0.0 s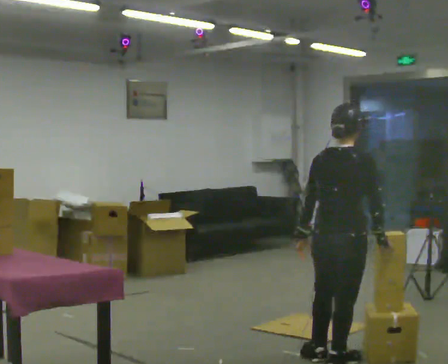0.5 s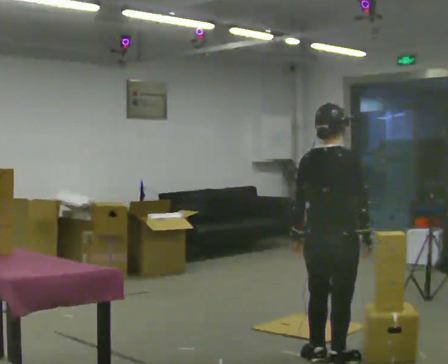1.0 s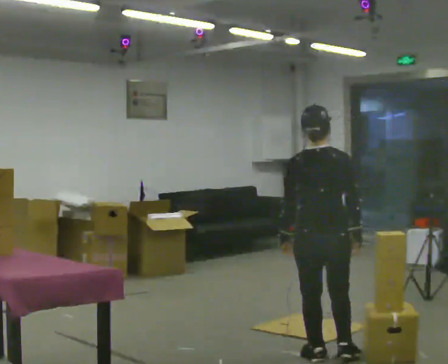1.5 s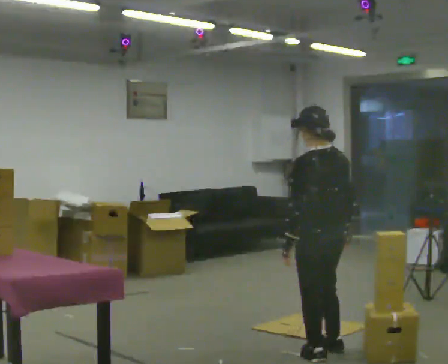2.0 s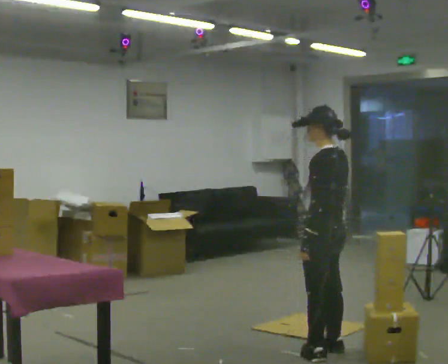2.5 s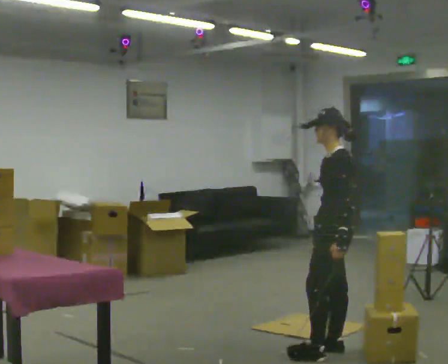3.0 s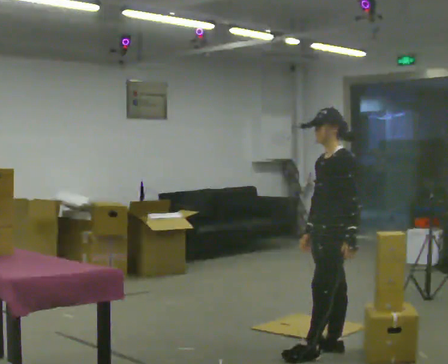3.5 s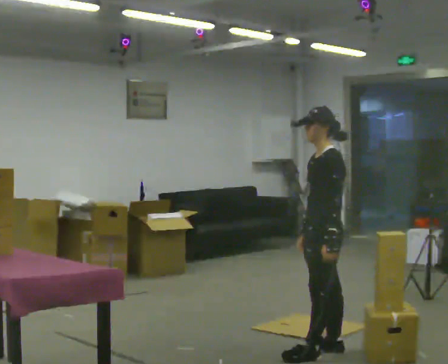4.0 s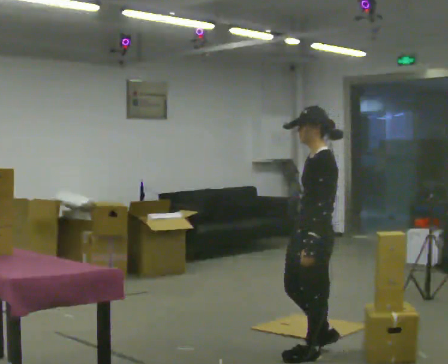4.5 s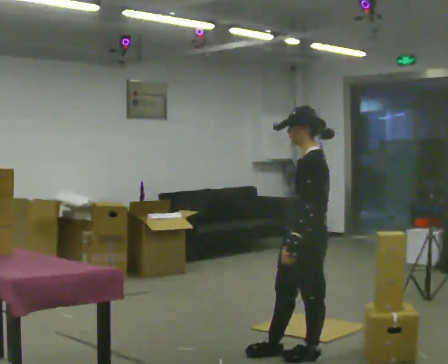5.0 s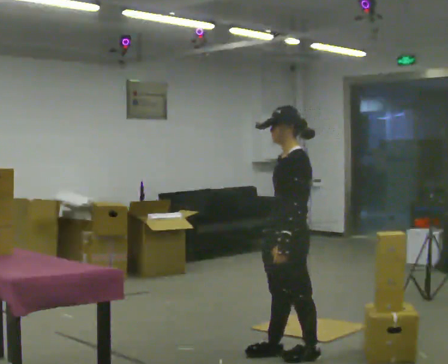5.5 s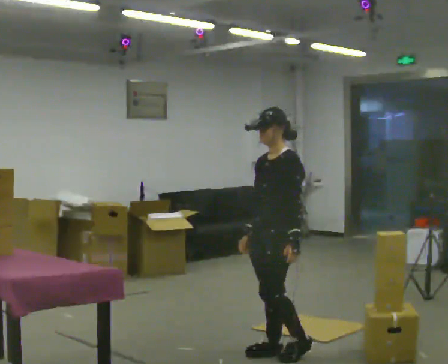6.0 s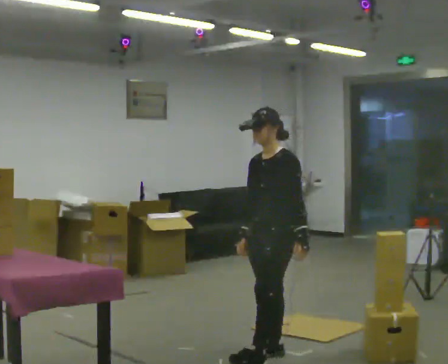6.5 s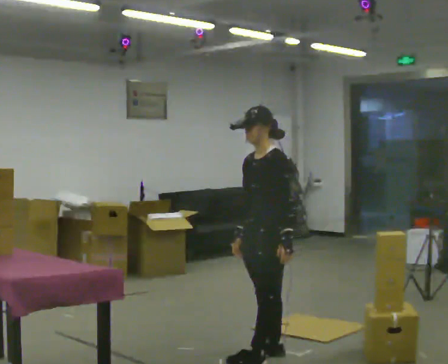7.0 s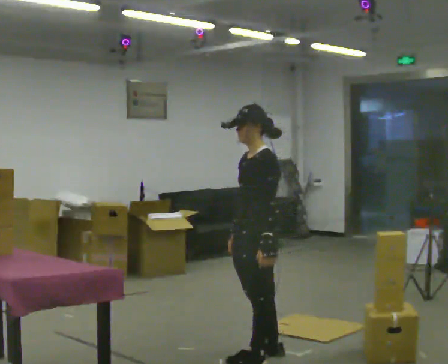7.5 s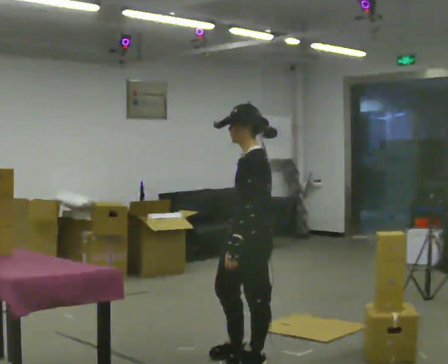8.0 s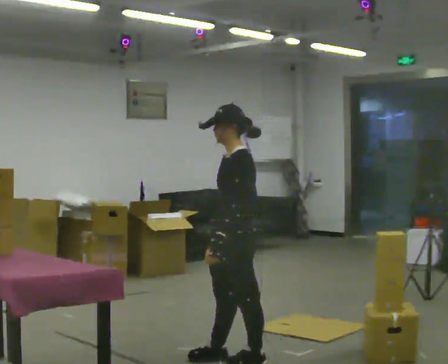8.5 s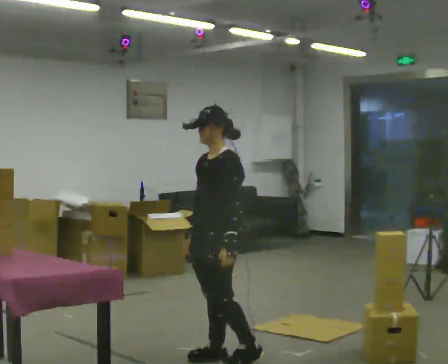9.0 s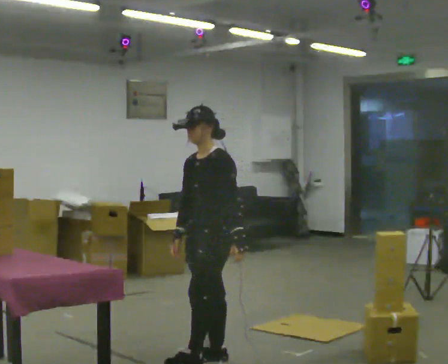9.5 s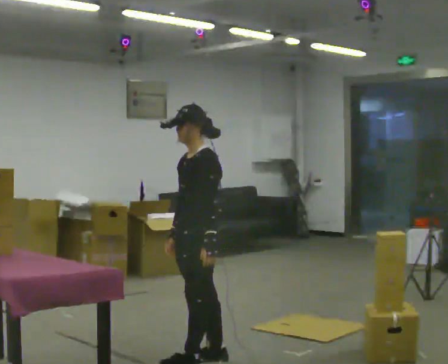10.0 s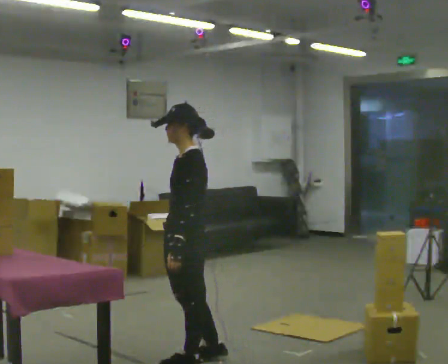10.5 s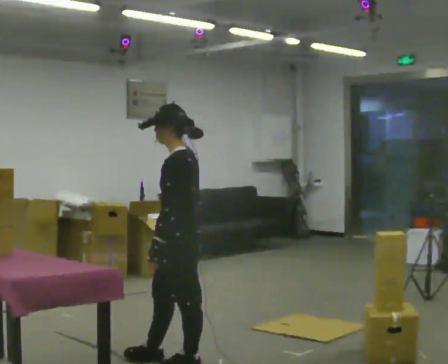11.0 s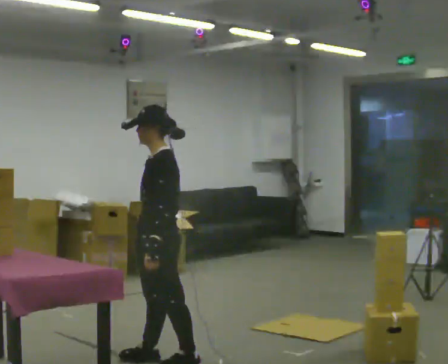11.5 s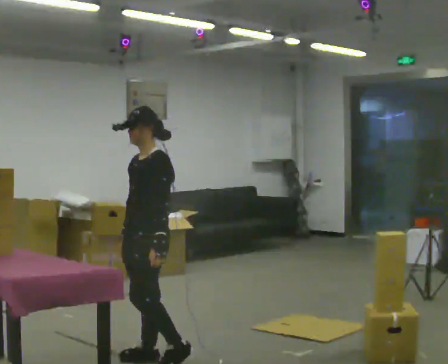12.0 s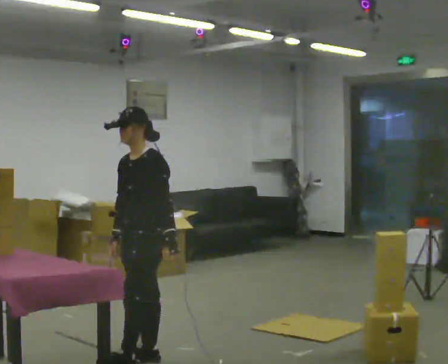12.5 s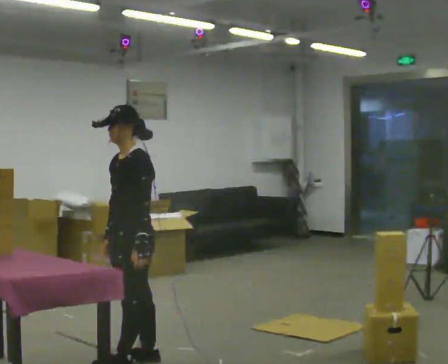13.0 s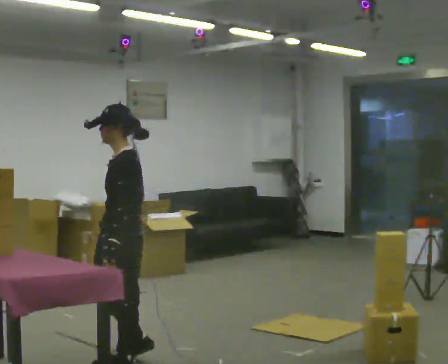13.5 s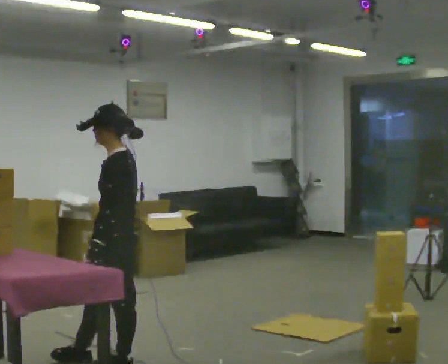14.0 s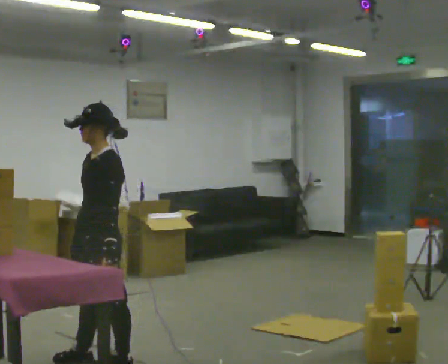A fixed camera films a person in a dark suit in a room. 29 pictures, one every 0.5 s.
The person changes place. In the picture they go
to the left.
The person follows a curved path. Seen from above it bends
counterclockwise.
0.0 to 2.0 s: The part of the body nearest the lens slides to the right as the person turns to their left by about 90 degrees. In the picture they go away from the camera, about 0.25 m in 1 step.
2.0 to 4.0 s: The person moves a little, or ends about where they began.
4.0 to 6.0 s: Seen from above the body turns counterclockwise, about 30 degrees: to their left, with its near side sliding to the right. In the picture they go to the left, about 0.25 m in 2 steps, which for them is forward and to their right.
6.0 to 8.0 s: In the picture they go to the left, about 0.25 m in 1 step, which for them is forward.
8.0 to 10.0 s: In the picture they go to the left, about 0.25 m in 1 step, which for them is forward.
10.0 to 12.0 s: The part of the body nearest the lens slides to the right as the person turns to their left by about 30 degrees. In the picture they go to the left, about 0.25 m in 2 steps, which for them is forward and to their right.
12.0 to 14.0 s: In the picture they go to the left and toward the camera, about 0.25 m in 1 step, which for them is forward and to their left.
The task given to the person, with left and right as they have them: Take each object from the table and put it in the bin that matches it, walking between the bins. Keep going until the operator says stop; one object at a time, and do not rush between trips.
The film runs forward here.
